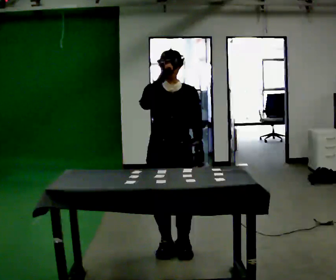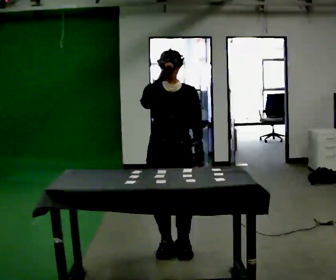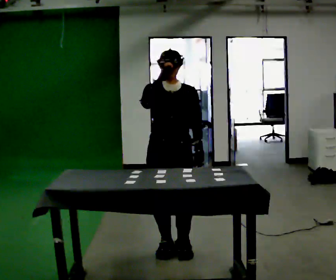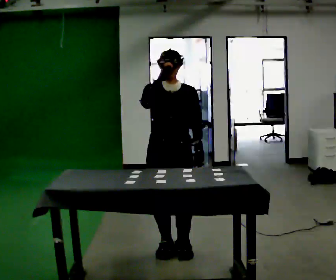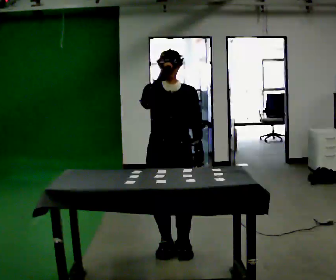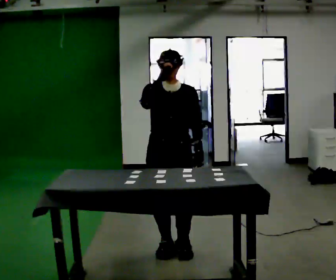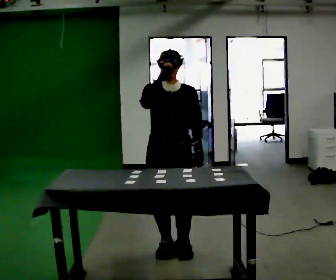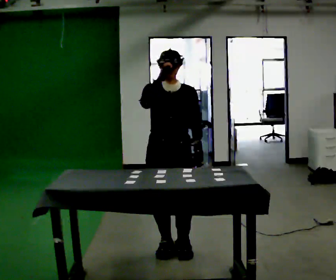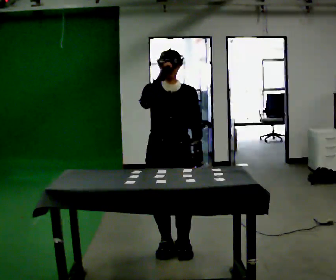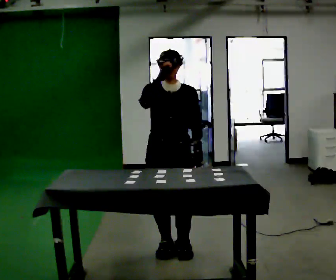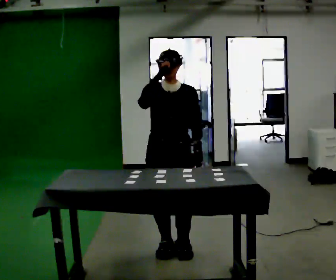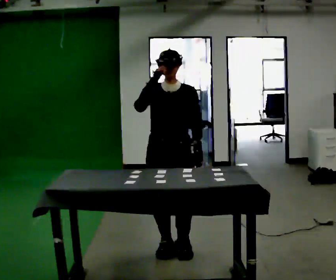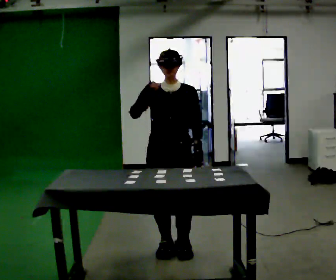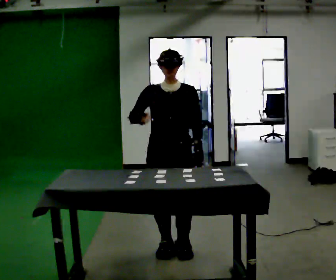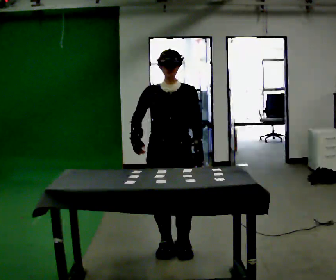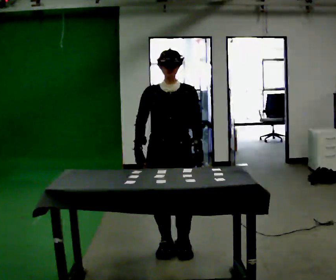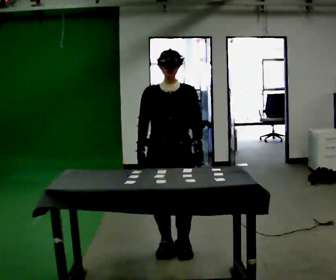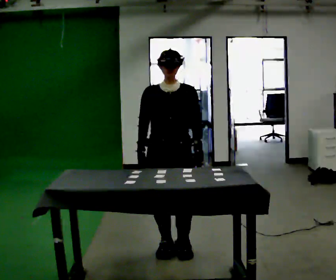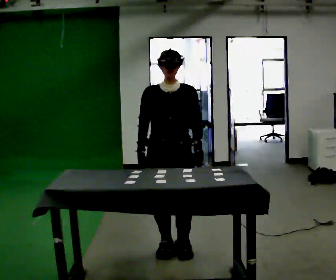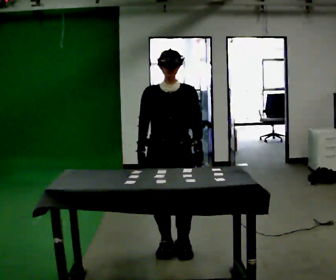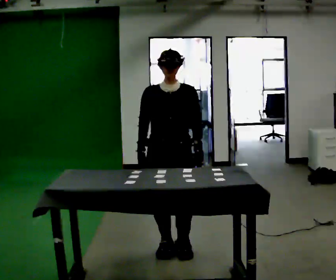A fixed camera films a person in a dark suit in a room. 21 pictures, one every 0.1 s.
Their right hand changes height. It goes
downward.
0.0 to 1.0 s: The person keeps their place and pose.
1.0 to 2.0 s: In the picture their right hand goes downward.
The film runs backward here.
